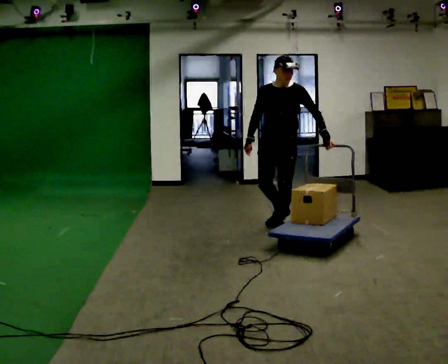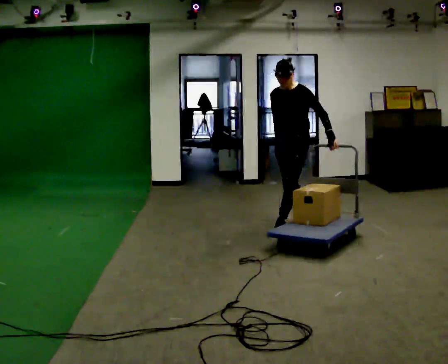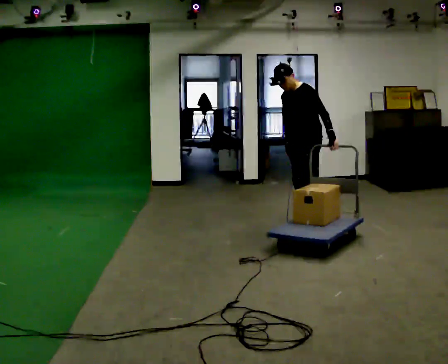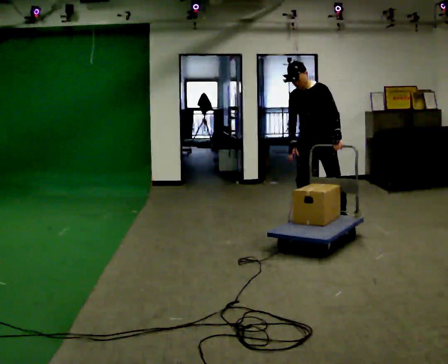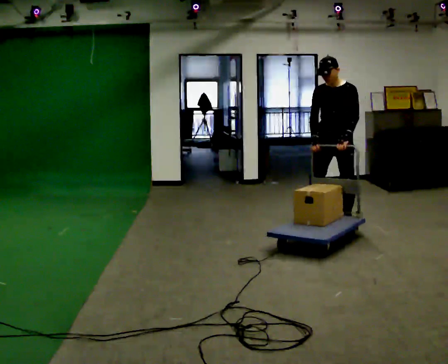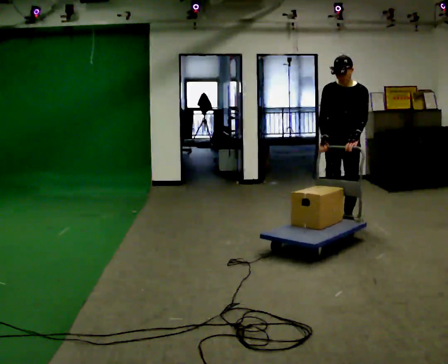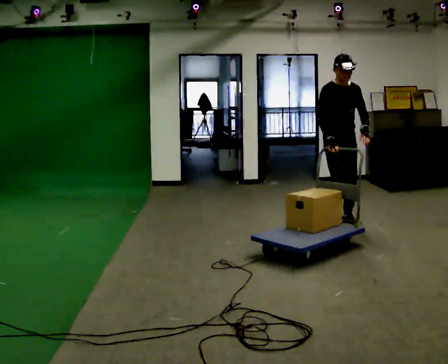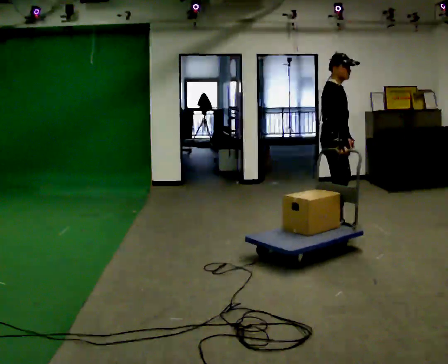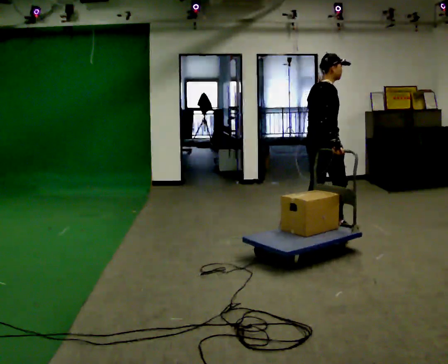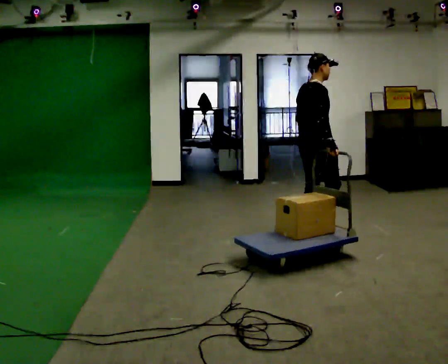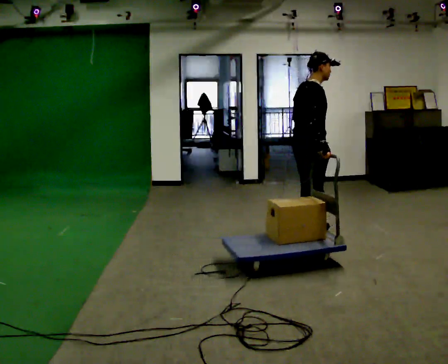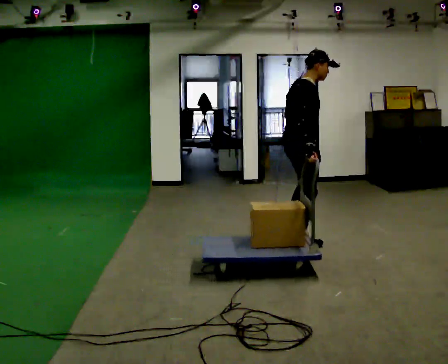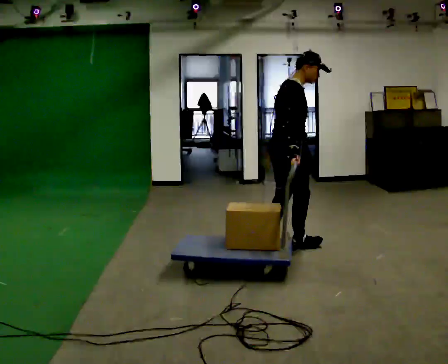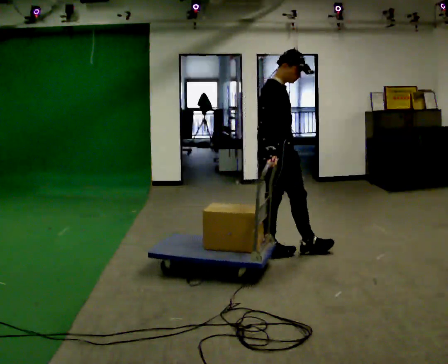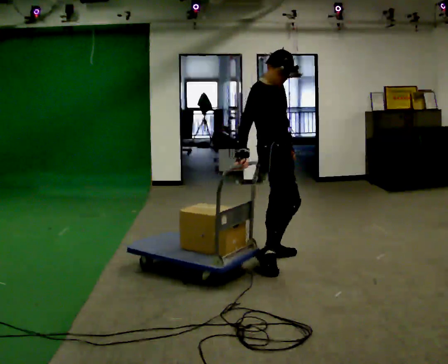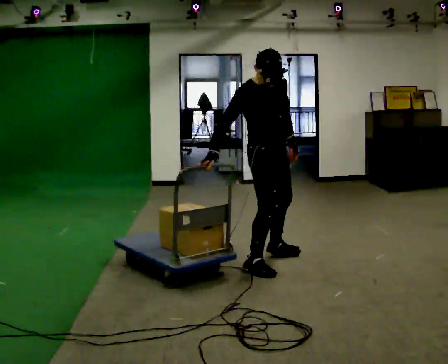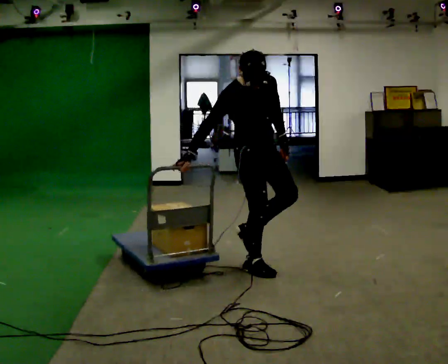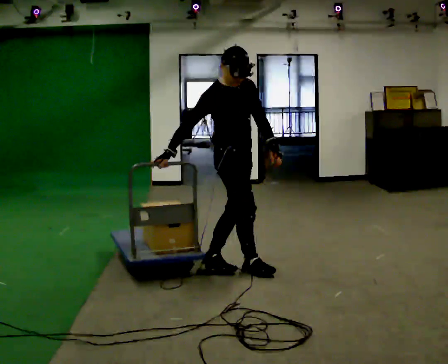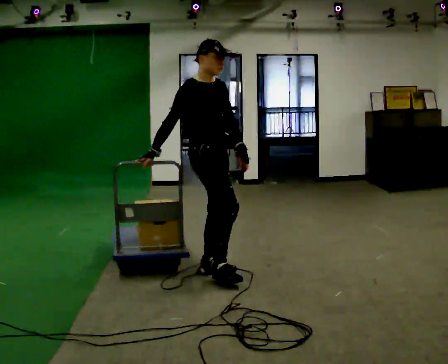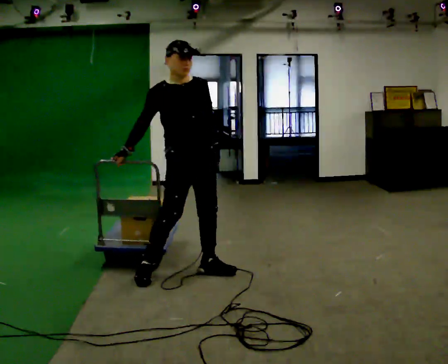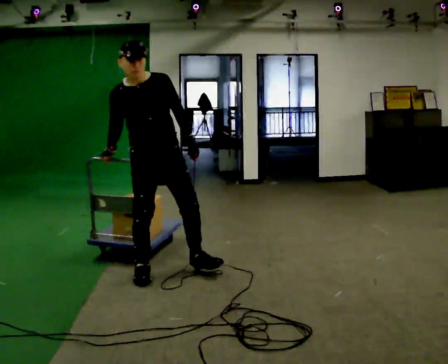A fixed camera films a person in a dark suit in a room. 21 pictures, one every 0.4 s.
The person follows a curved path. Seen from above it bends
clockwise.
The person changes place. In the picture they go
toward the camera.
0.0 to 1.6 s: In the picture they go to the right, about 0.5 m in 2 steps, which for them is backward.
1.6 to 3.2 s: The part of the body nearest the lens slides to the right as the person turns to their left by about 135 degrees. In the picture they go toward the camera and to the left, about 0.5 m in 1 step.
3.2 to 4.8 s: In the picture they go toward the camera and to the left, about 0.75 m in 2 steps, which for them is backward and to their right.
4.8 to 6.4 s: The person turns about 60 degrees to their right, clockwise seen from above, so the part of the body nearest the lens slides to the left. In the picture they go toward the camera and to the left, about 0.5 m in 2 steps.
6.4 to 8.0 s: The person turns about 30 degrees to their right, clockwise seen from above, so the part of the body nearest the lens slides to the left. In the picture they go to the left, about 0.5 m in 2 steps, which for them is backward and to their right.
The film runs backward here.
